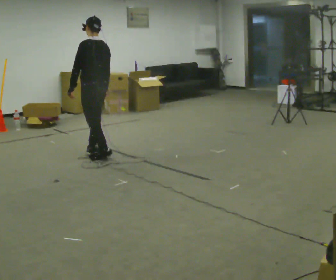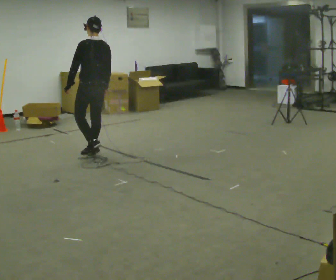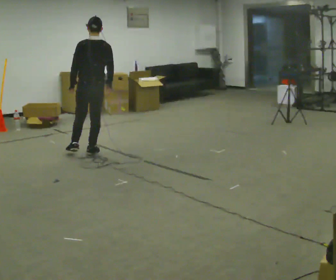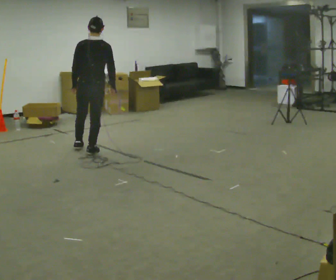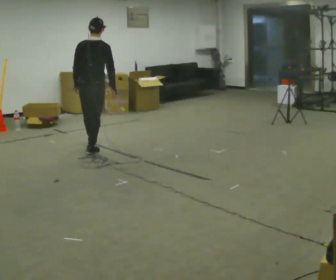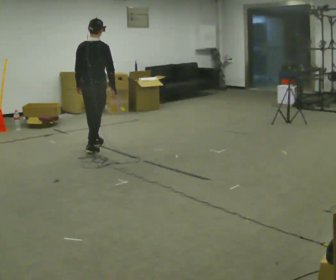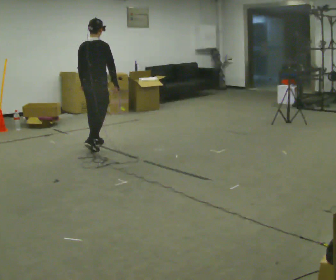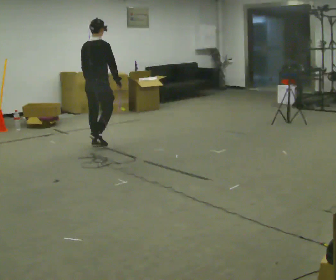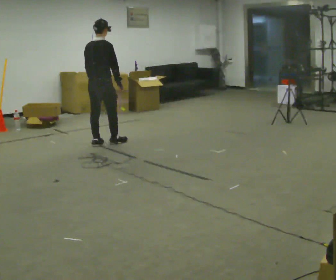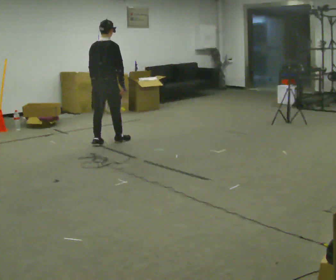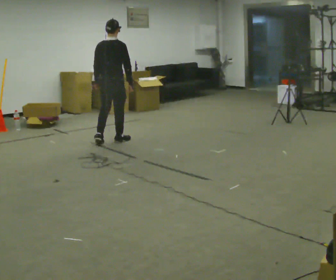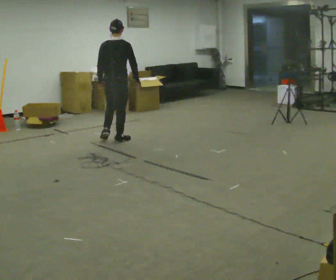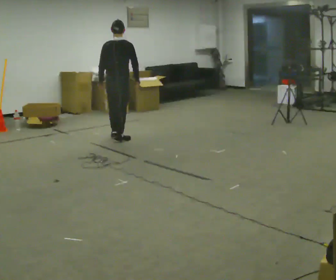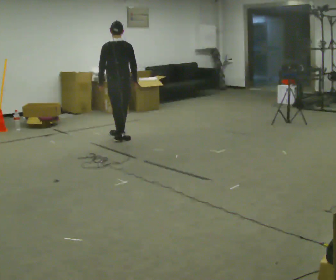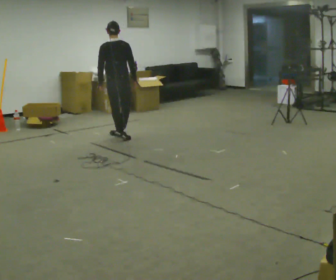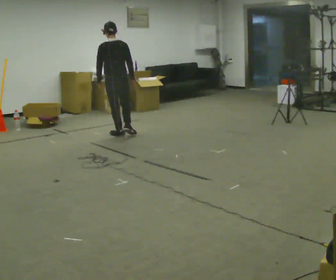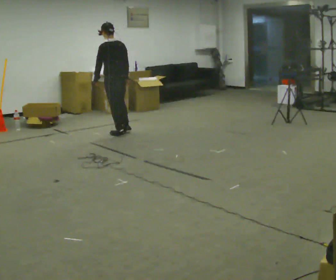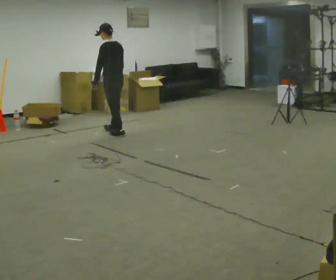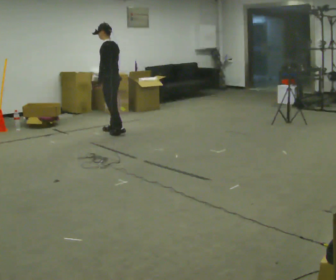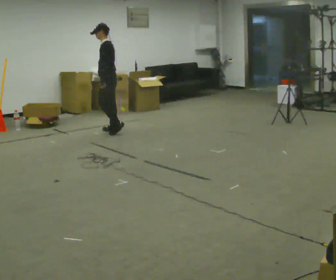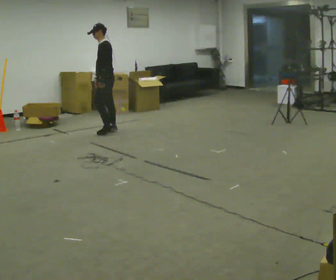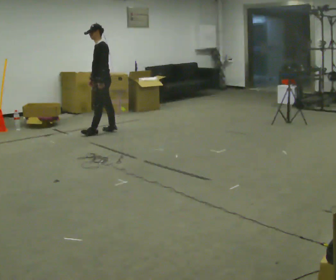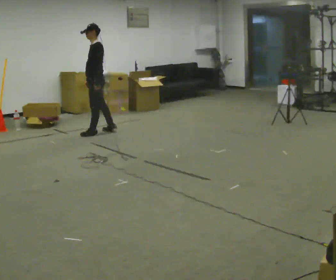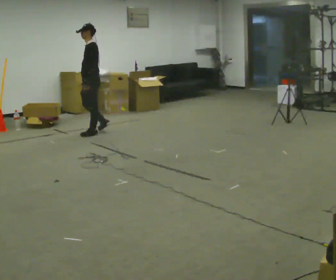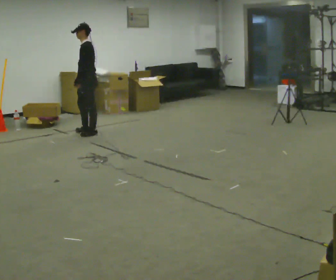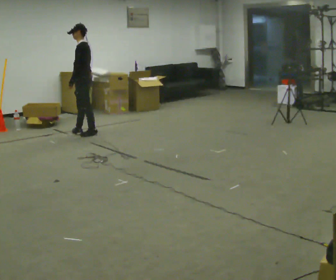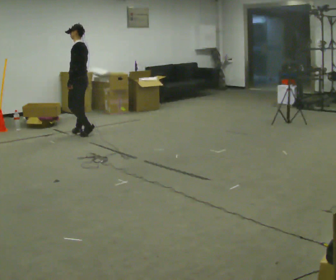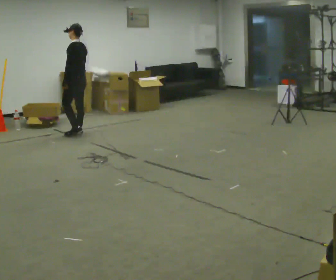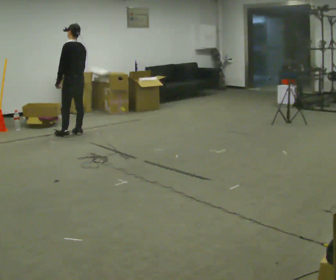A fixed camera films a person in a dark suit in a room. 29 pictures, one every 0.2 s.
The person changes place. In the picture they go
away from the camera.
0.0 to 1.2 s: The part of the body nearest the lens slides to the left as the person turns to their right by about 75 degrees. In the picture they go away from the camera, about 0.5 m in 1 step.
1.2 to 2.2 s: In the picture they go to the right and away from the camera, about 0.5 m in 1 step, which for them is forward.
2.2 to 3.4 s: The person turns about 60 degrees to their left, counterclockwise seen from above, so the part of the body nearest the lens slides to the right. In the picture they go away from the camera, about 0.5 m in 2 steps.
3.4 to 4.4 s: The person turns about 45 degrees to their left, counterclockwise seen from above, so the part of the body nearest the lens slides to the right. In the picture they go to the left and away from the camera, about 0.25 m in 1 step, which for them is forward.
4.4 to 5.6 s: The part of the body nearest the lens slides to the left as the person turns to their right by about 45 degrees. In the picture they go to the left, about 0.25 m in 2 steps, which for them is forward.
The film runs forward here.
